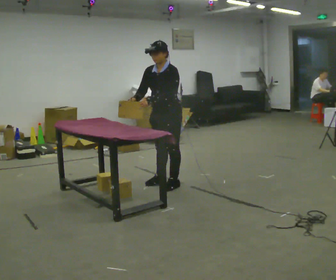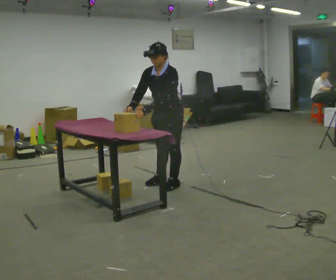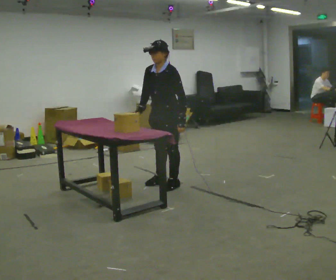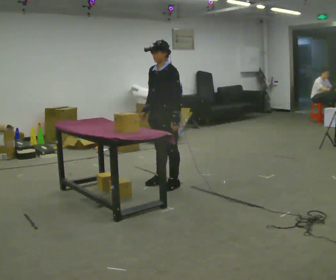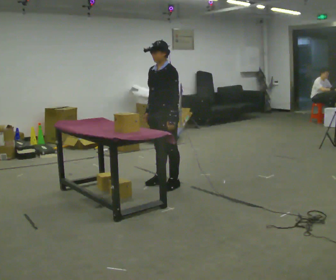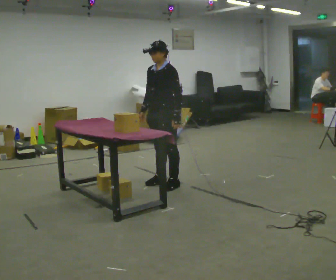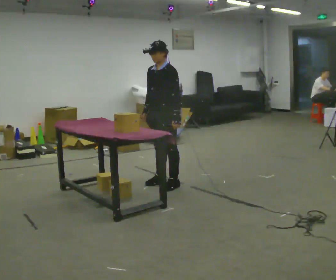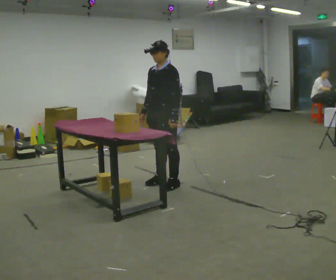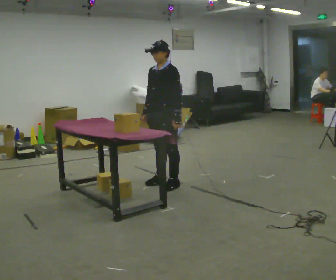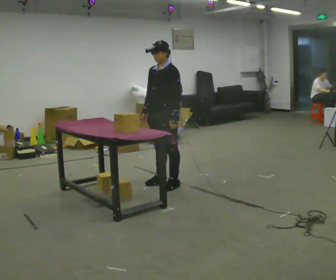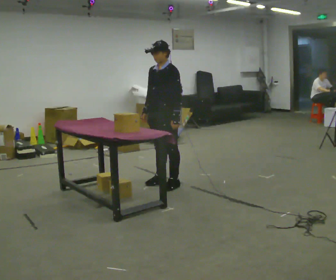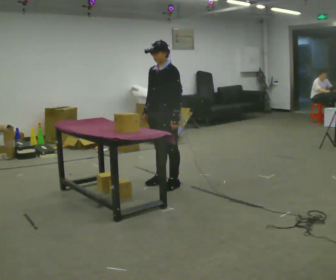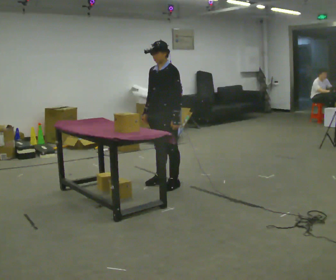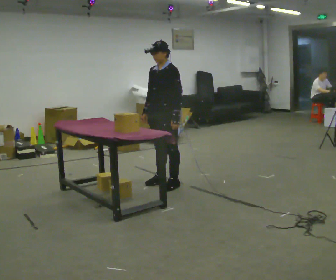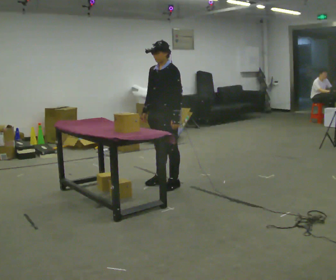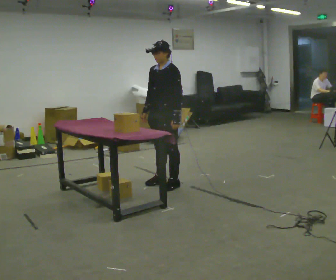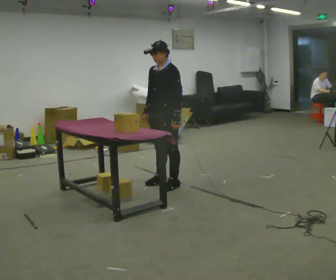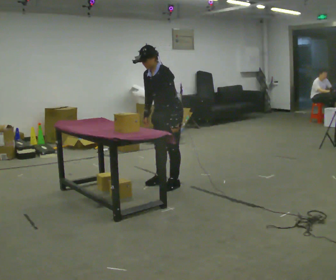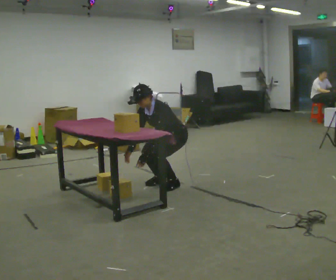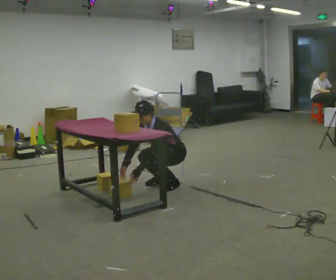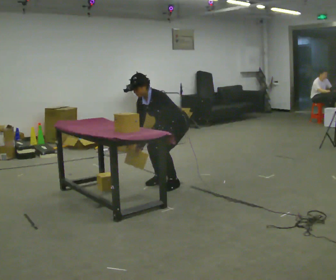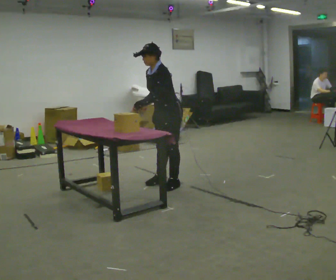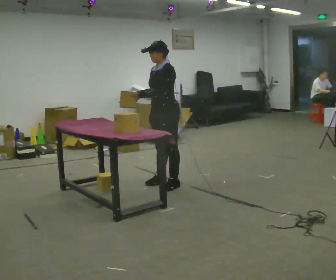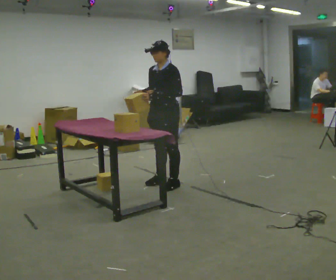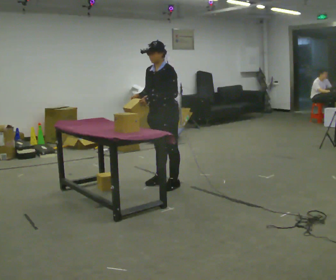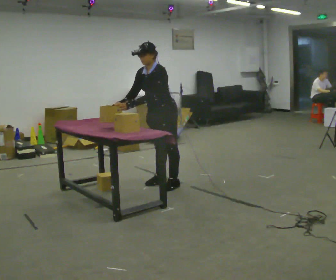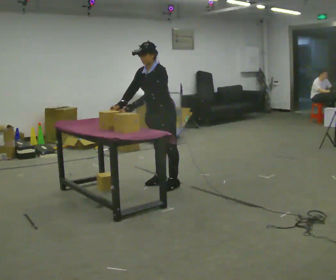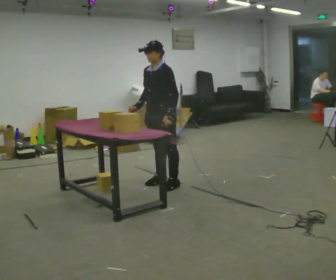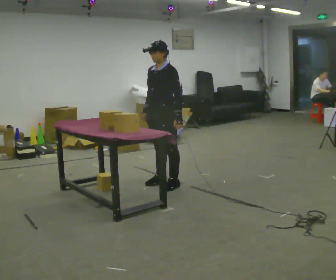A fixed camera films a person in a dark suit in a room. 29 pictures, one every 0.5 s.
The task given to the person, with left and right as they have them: Crouch down and place the object on the lowest shelf, then stand back up. Do not step. Repeat at your own pace until the operator says stop.
0.0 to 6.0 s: The person moves a little, or ends about where they began.
6.0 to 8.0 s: The person keeps their place and pose.
8.0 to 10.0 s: In the picture the upper body tilts counterclockwise, shoulders to the left, as they bend forward. In the picture their left hand goes to the left.
10.0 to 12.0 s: The shoulders move upward. In the picture the upper body tilts clockwise, shoulders to the right, as they lean back or straighten. In the picture their left hand goes upward.
12.0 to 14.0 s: The person moves a little, or ends about where they began.
The film runs forward here.
